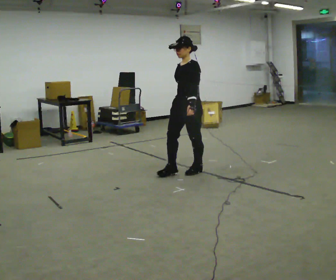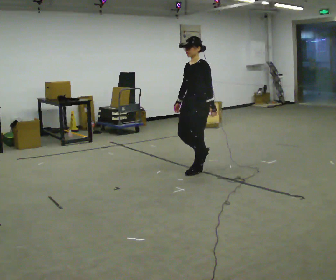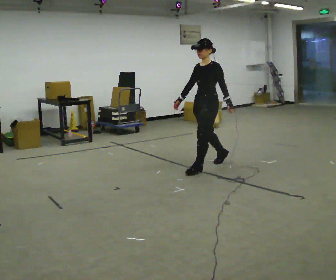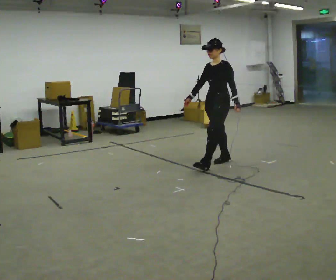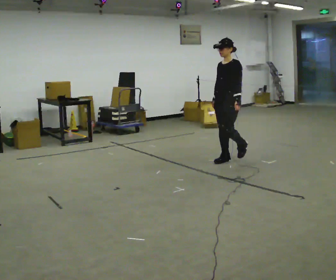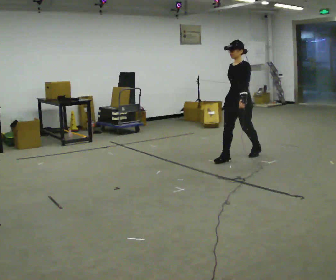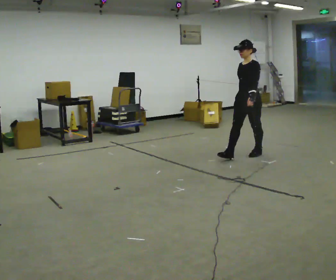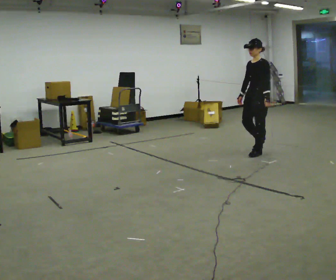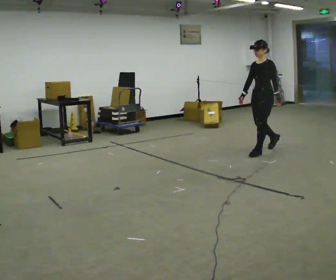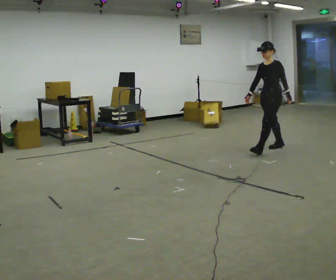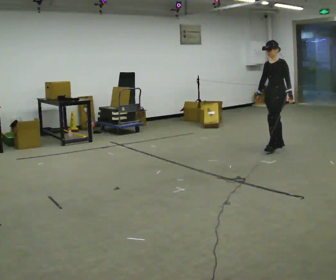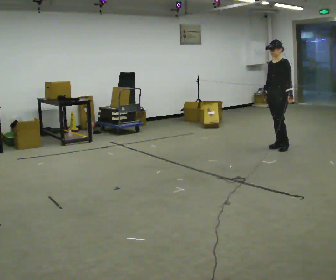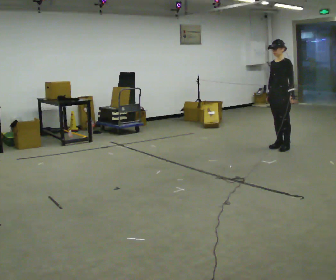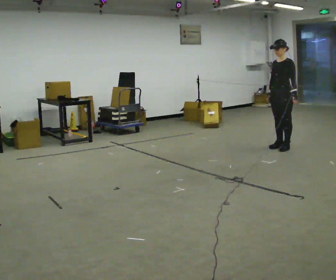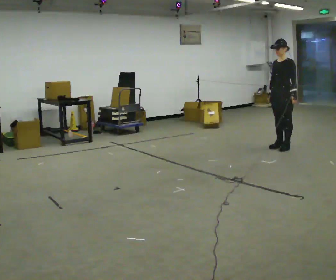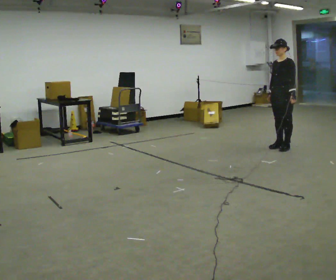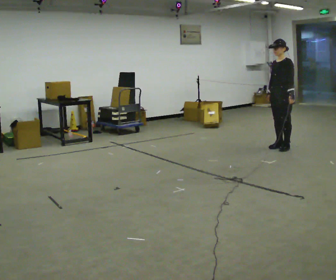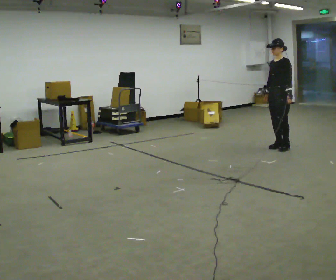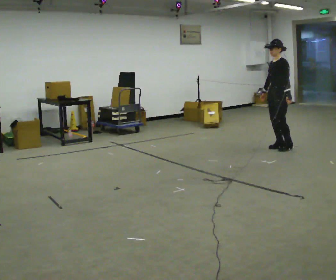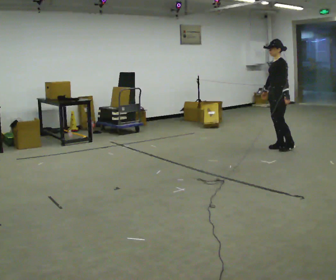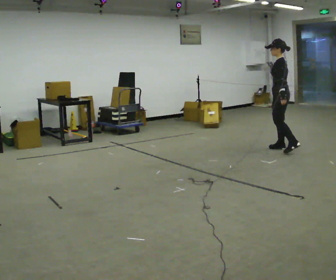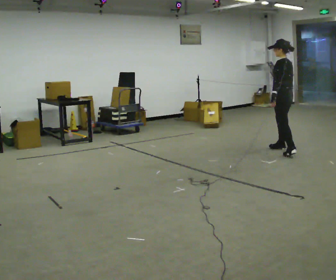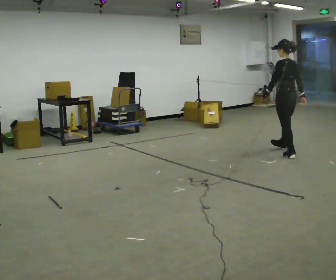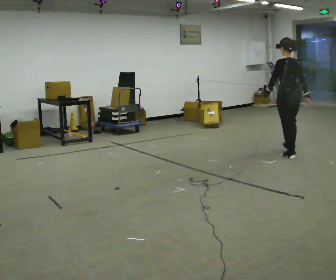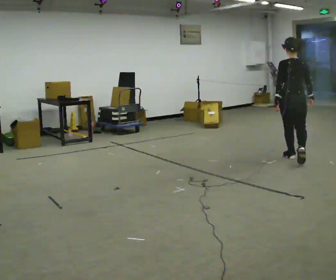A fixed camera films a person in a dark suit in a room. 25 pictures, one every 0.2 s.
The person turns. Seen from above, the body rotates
clockwise.
The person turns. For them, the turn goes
to their right.
0.0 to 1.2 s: In the picture they go away from the camera and to the right, about 1 m in 2 steps, which for them is backward.
1.2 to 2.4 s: In the picture they go away from the camera and to the right, about 0.75 m in 1 step, which for them is backward.
2.4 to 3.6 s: The person moves a little, or ends about where they began.
3.6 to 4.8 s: The part of the body nearest the lens slides to the left as the person turns to their right by about 105 degrees. In the picture they go toward the camera, about 0.5 m in 2 steps.
The film runs backward here.
